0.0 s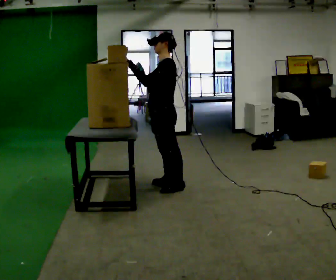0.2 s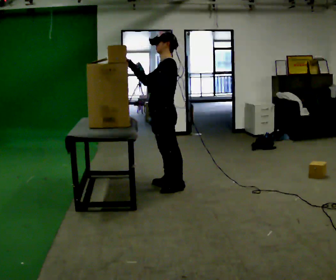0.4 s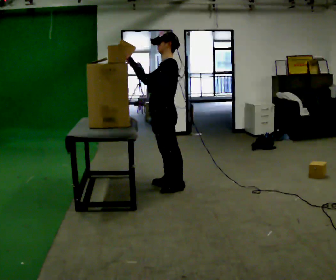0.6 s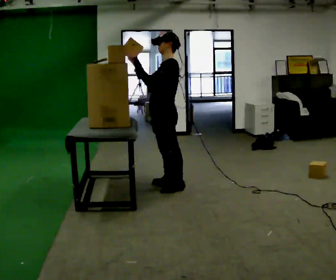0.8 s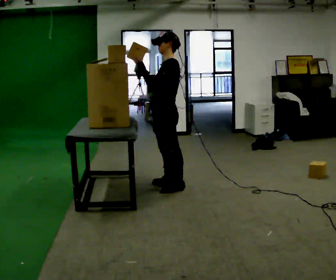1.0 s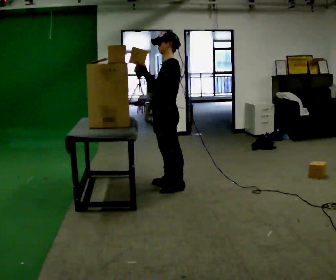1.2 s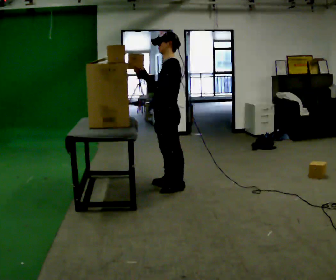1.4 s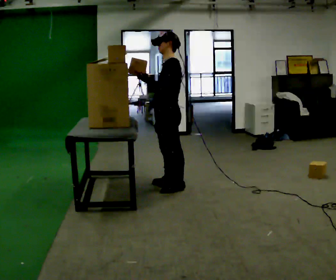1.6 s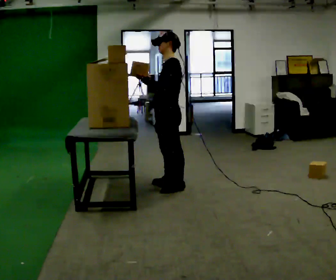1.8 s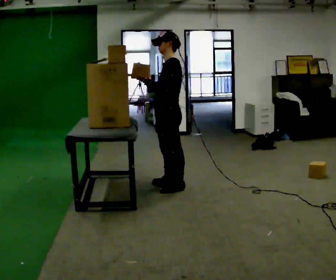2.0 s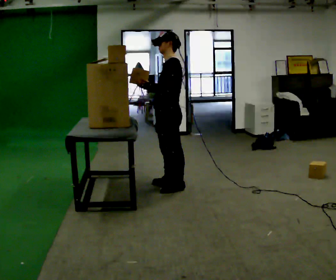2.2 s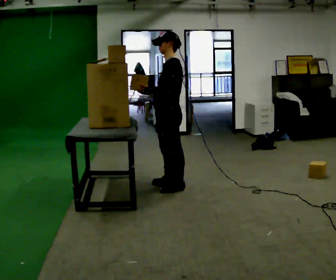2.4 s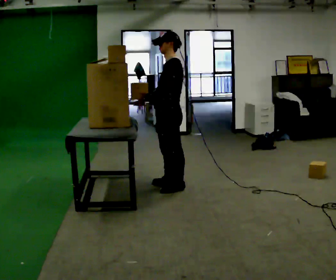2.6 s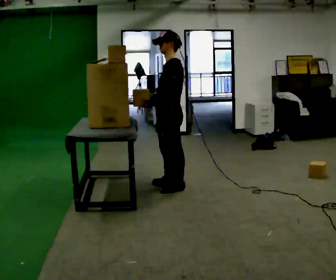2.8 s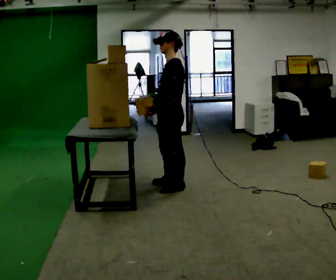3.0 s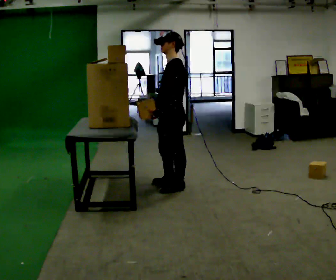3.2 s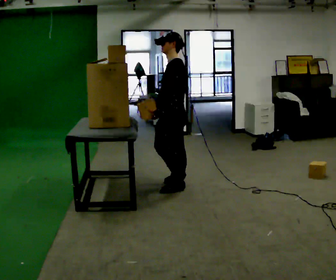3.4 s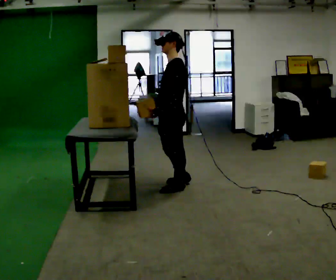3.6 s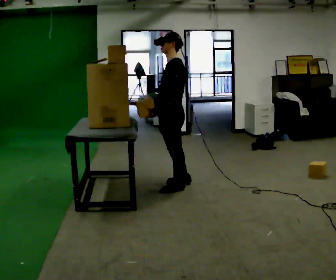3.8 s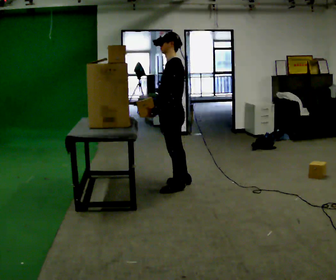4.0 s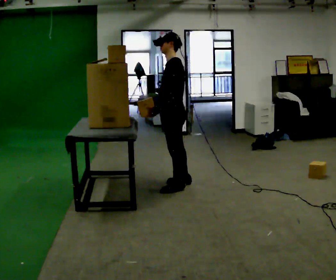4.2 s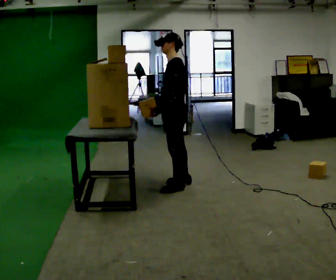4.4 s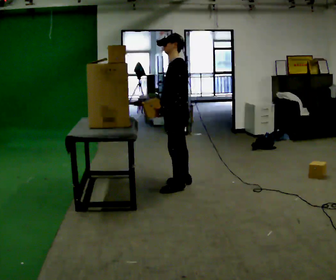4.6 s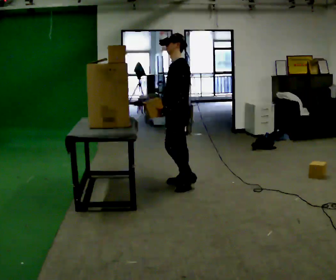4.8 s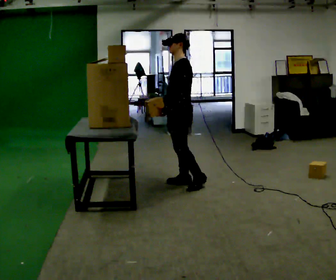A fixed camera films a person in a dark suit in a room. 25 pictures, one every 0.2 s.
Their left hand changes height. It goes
downward.
Their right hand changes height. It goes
downward.
0.0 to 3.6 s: In the picture their right hand goes downward.
3.6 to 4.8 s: In the picture they go away from the camera, about 0.25 m in 1 step, which for them is to their right and backward.
The film runs backward here.
